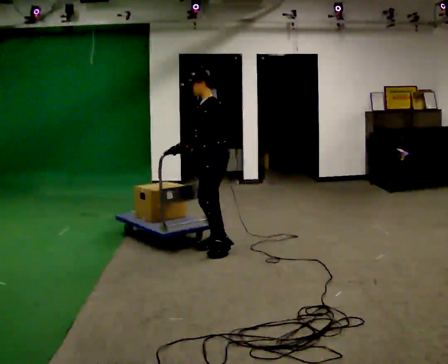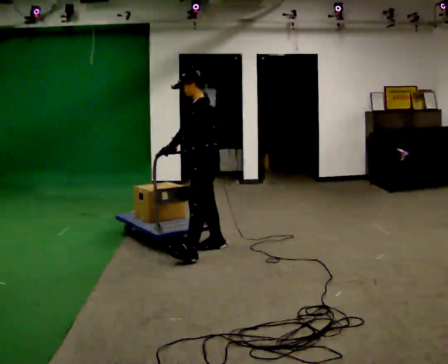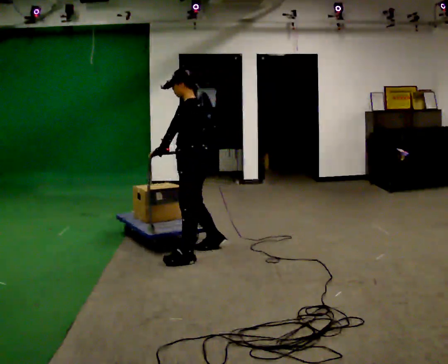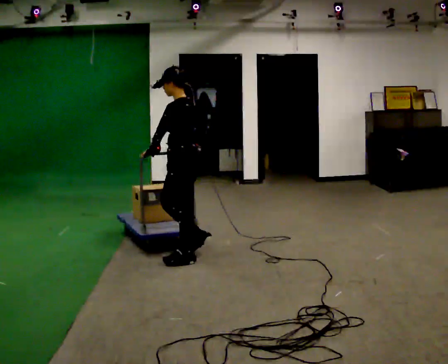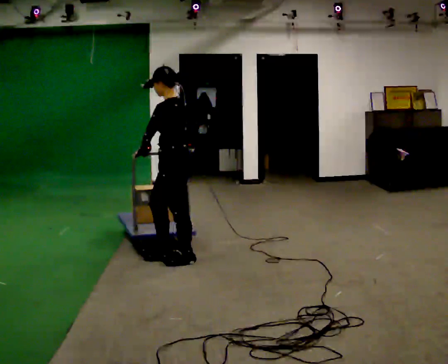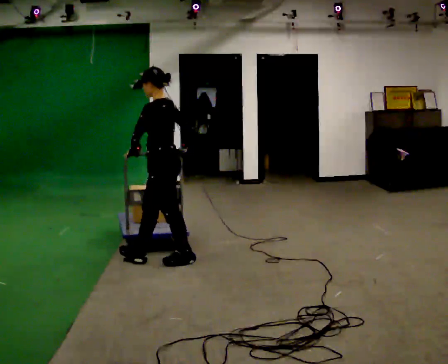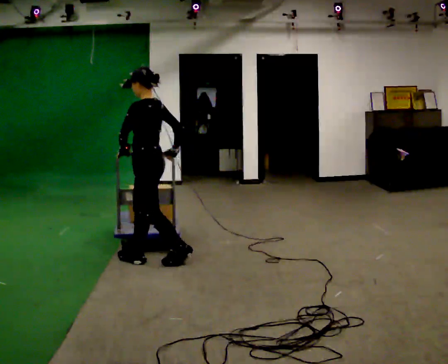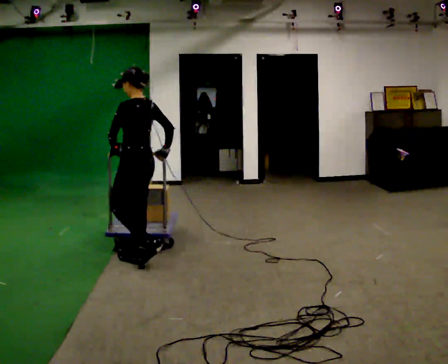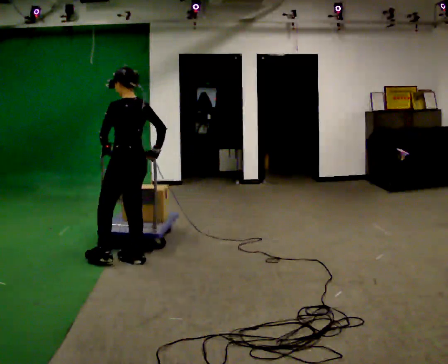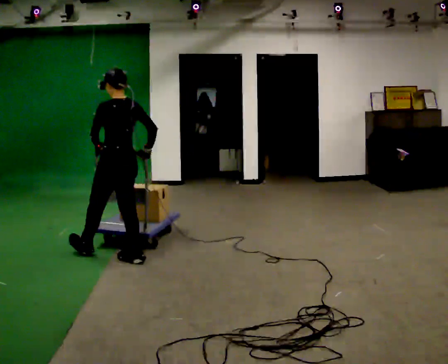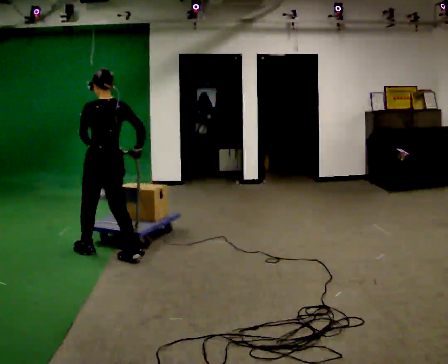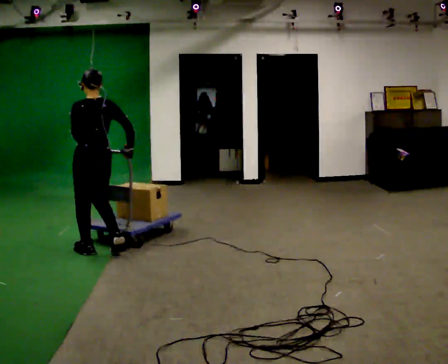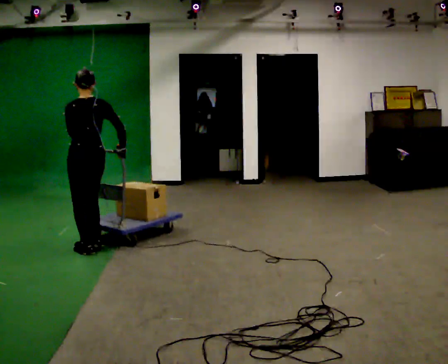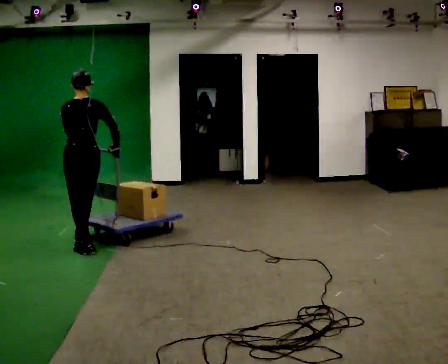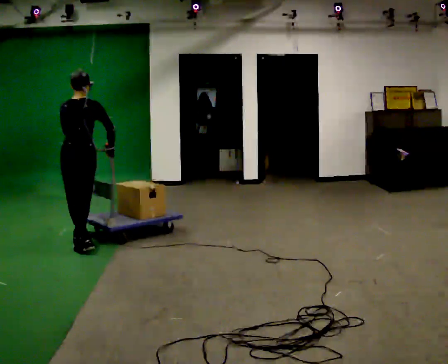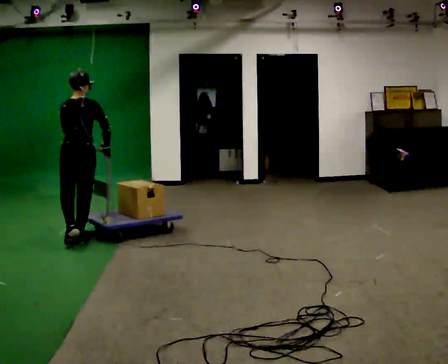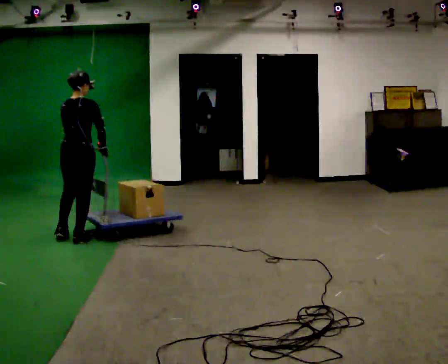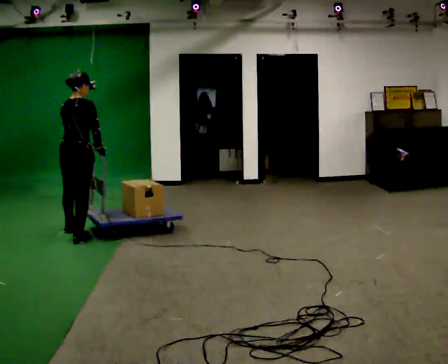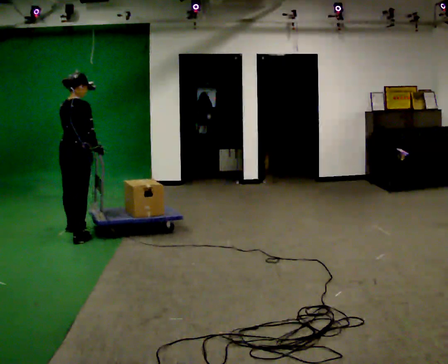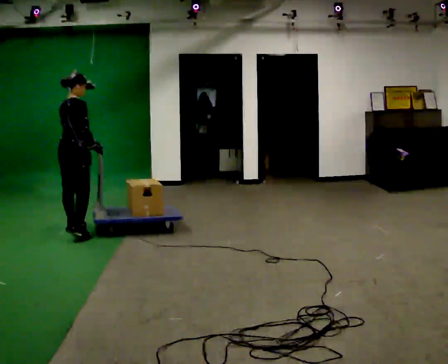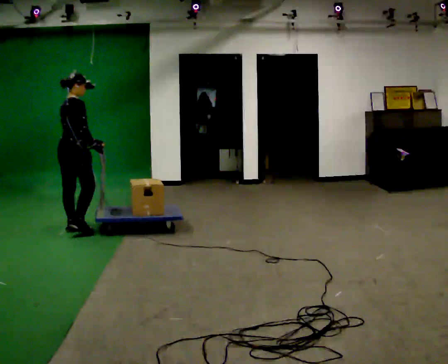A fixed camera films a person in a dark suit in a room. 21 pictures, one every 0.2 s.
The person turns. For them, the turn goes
to their right.
The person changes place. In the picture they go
to the left.
0.0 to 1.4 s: The part of the body nearest the lens slides to the left as the person turns to their right by about 45 degrees. In the picture they go to the left, about 0.75 m in 2 steps, which for them is forward and to their left.
1.4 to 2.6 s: Seen from above the body turns clockwise, about 45 degrees: to their right, with its near side sliding to the left. In the picture they go to the left and away from the camera, about 0.5 m in 1 step, which for them is forward and to their left.
2.6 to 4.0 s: The part of the body nearest the lens slides to the left as the person turns to their right by about 60 degrees. In the picture they go away from the camera, about 0.5 m in 2 steps.
The film runs forward here.
